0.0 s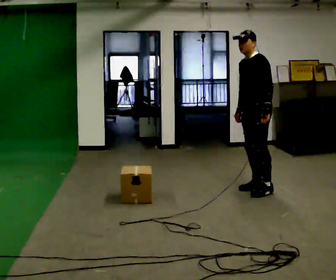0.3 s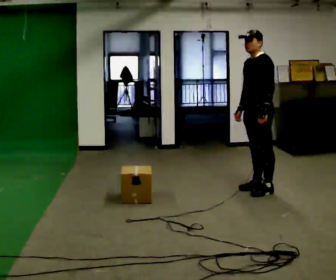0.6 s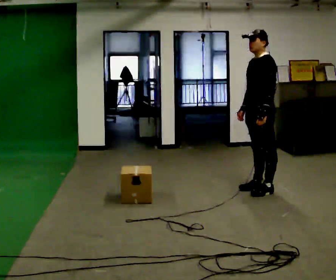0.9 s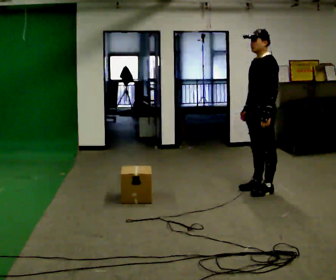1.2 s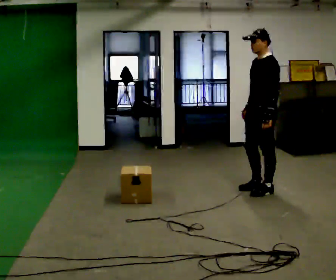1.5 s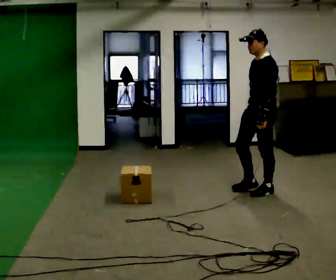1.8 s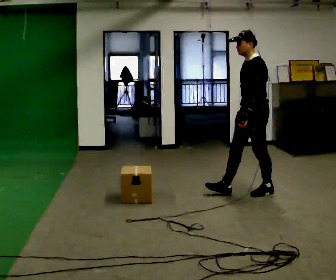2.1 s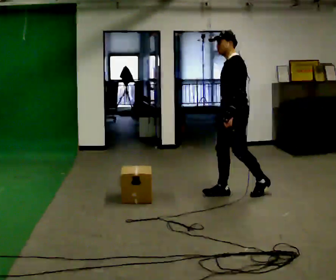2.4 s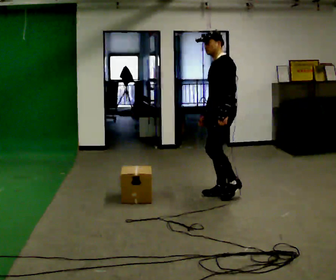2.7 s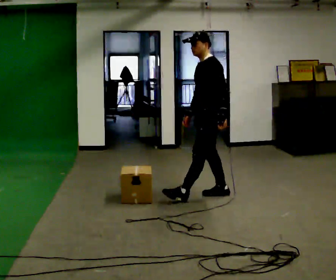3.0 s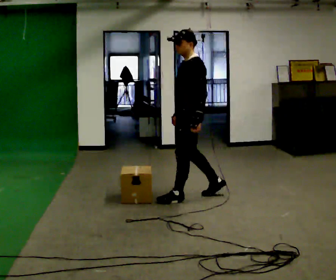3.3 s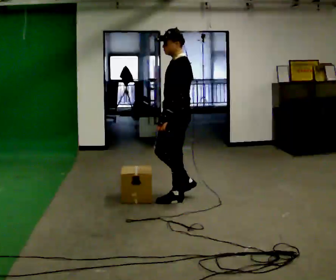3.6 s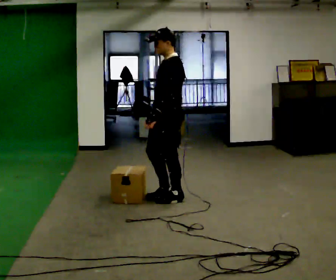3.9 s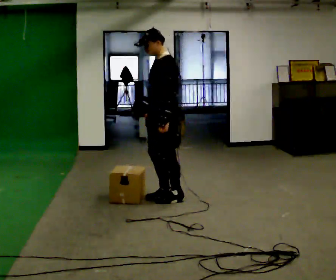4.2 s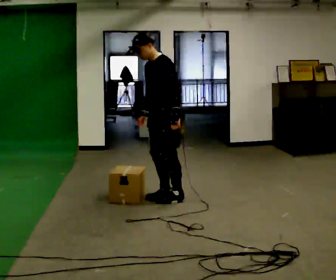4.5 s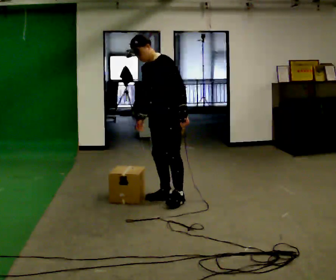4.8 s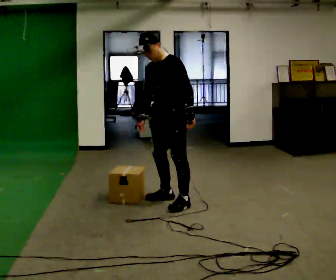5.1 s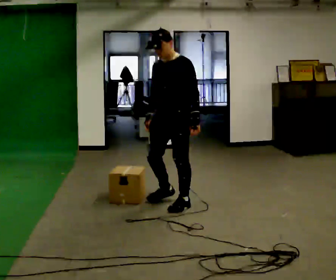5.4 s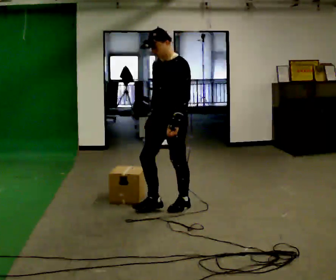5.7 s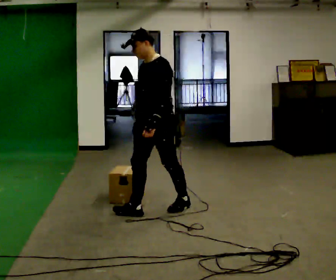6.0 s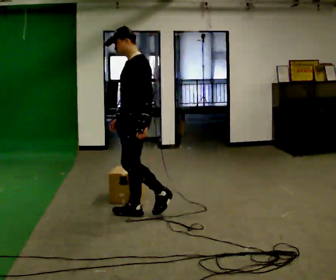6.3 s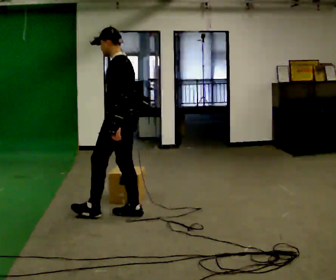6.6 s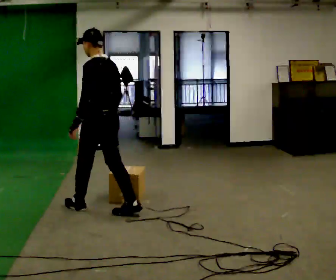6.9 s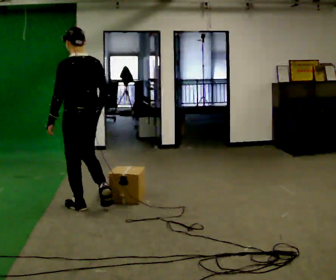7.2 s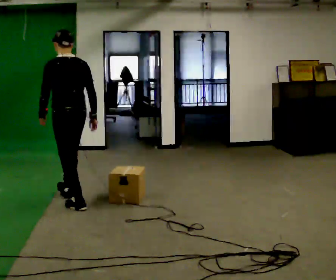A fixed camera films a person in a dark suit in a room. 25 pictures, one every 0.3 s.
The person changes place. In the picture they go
to the left.
0.0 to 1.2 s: The person moves a little, or ends about where they began.
1.2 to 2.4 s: In the picture they go to the left, about 0.5 m in 1 step, which for them is forward.
2.4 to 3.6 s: In the picture they go to the left, about 0.5 m in 2 steps, which for them is forward.
3.6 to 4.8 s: The person turns about 30 degrees to their left, counterclockwise seen from above, so the part of the body nearest the lens slides to the right. In the picture their left hand goes to the right, the arm swinging counterclockwise.
4.8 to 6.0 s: Seen from above the body turns clockwise, about 30 degrees: to their right, with its near side sliding to the left. In the picture they go toward the camera and to the left, about 0.5 m in 1 step, which for them is forward.
6.0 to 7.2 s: The part of the body nearest the lens slides to the left as the person turns to their right by about 60 degrees. In the picture they go to the left, about 0.75 m in 1 step.
The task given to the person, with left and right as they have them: Walk back and forth across the room at a normal pace, looking ahead. There may be something on the floor. Recover however comes naturally and carry on.
The film runs forward here.
